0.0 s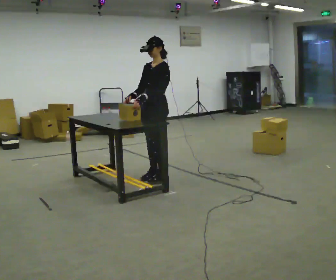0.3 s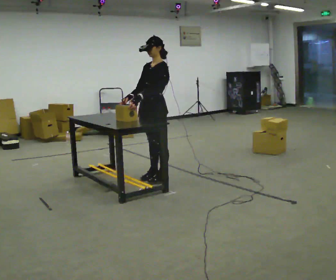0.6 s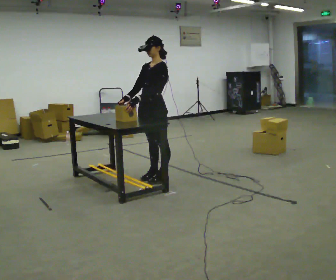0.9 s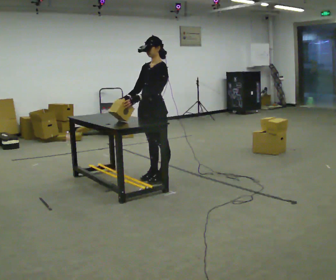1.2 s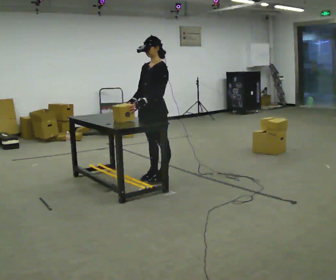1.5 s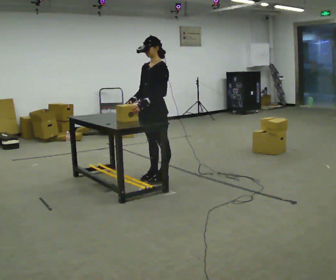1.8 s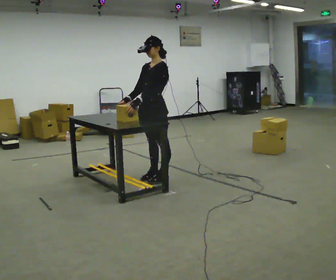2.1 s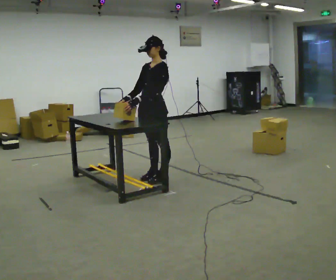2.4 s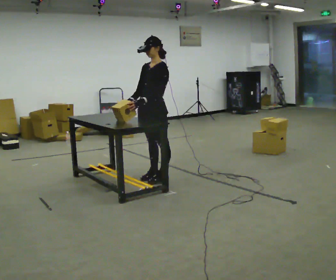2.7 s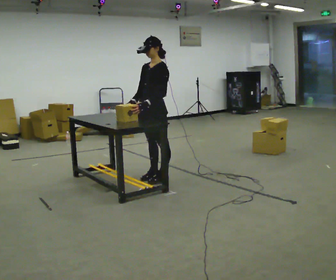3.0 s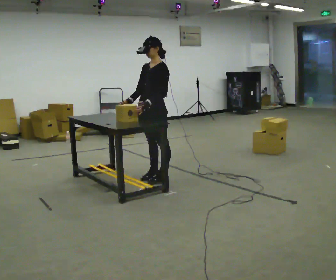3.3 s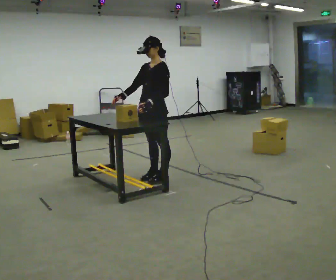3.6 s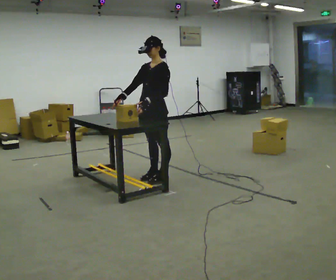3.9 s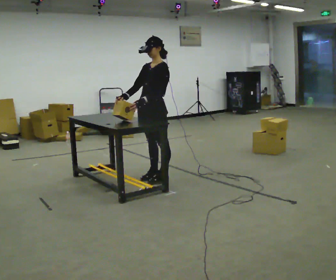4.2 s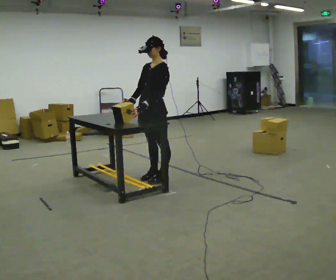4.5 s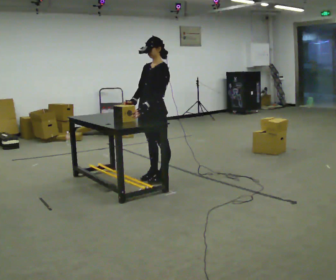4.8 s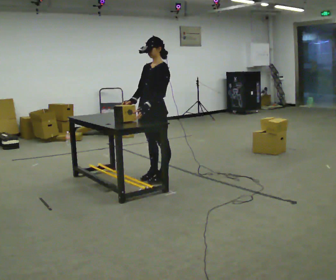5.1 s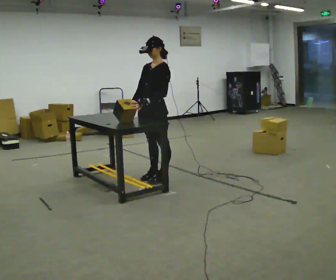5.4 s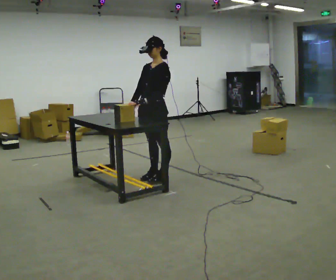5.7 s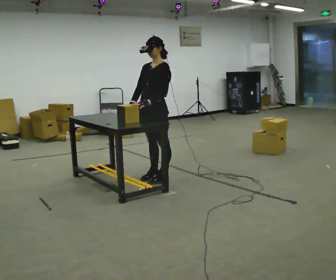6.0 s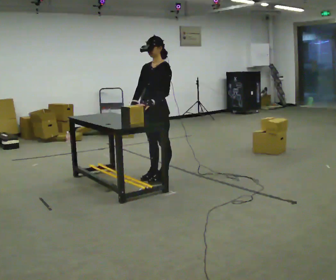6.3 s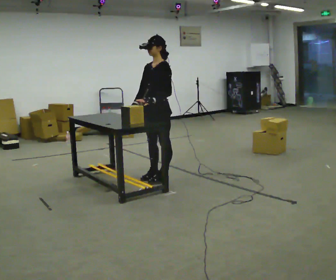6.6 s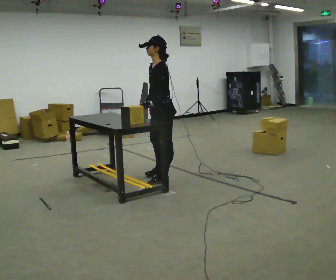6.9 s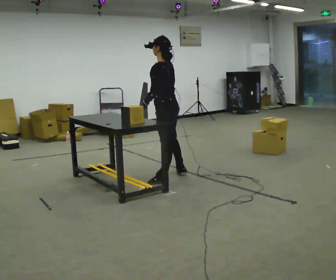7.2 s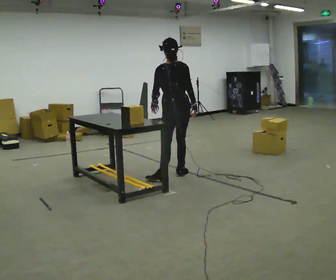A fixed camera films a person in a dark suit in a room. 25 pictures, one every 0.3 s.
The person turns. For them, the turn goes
to their right.
The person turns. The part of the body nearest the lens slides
to the left.
0.0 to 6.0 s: The person moves a little, or ends about where they began.
6.0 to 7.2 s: Seen from above the body turns clockwise, about 105 degrees: to their right, with its near side sliding to the left. In the picture they go to the right, about 0.25 m in 1 step.
The film runs forward here.
